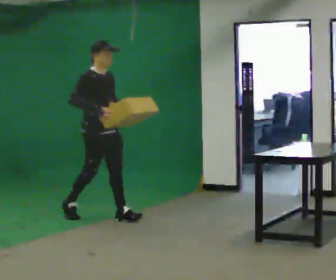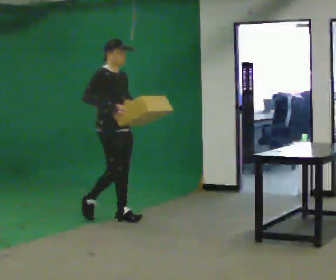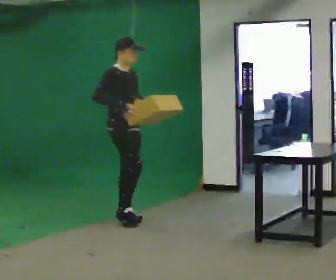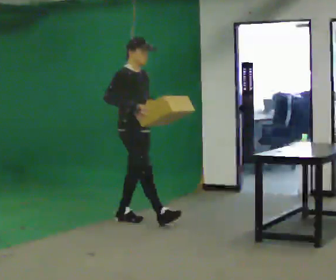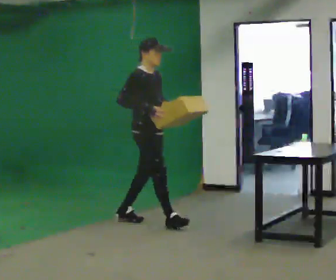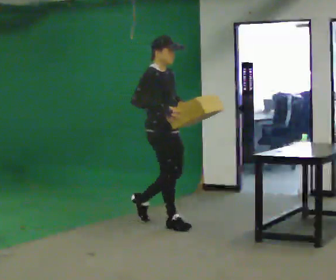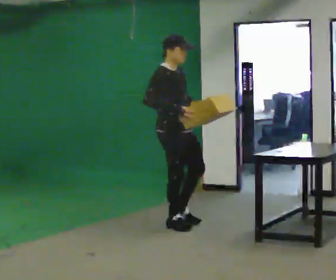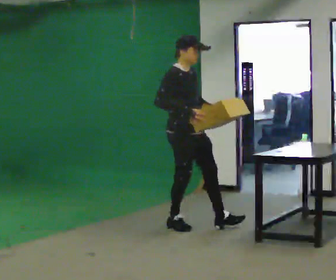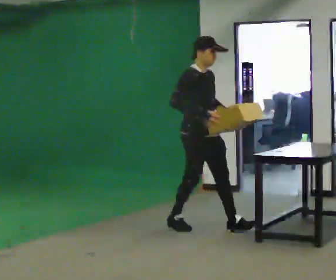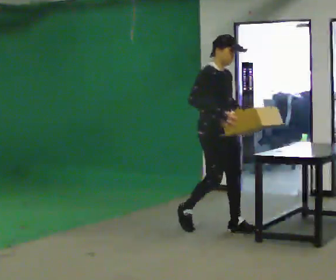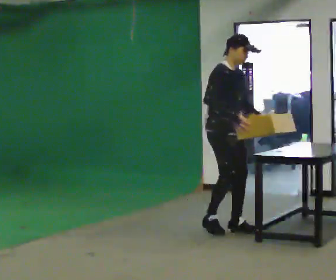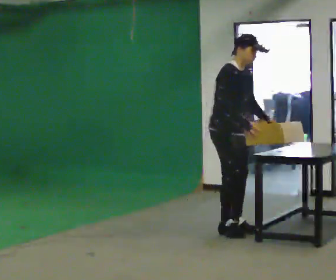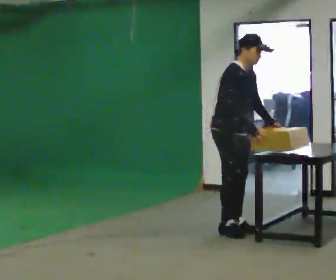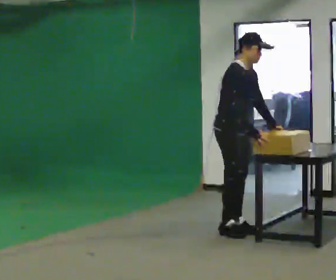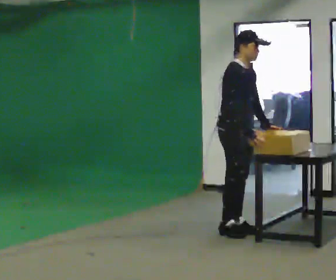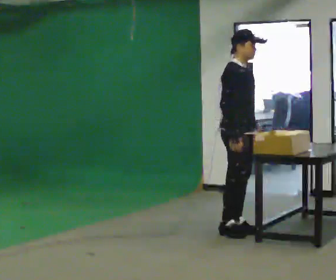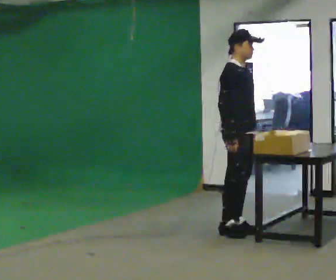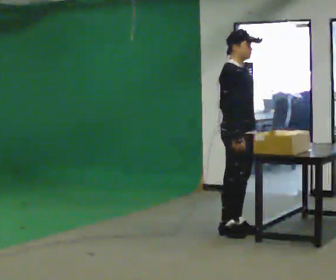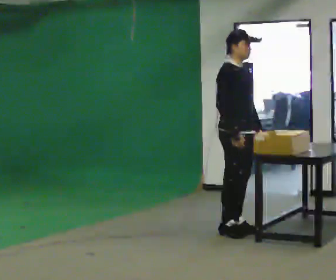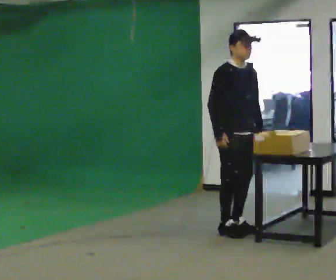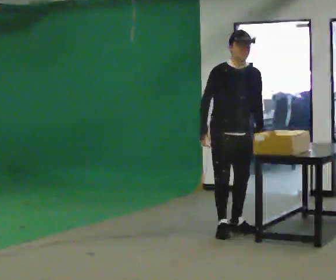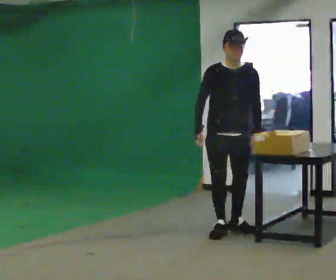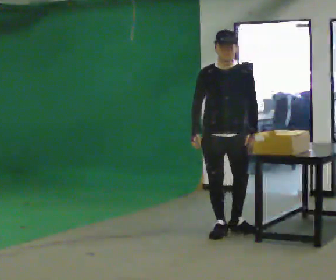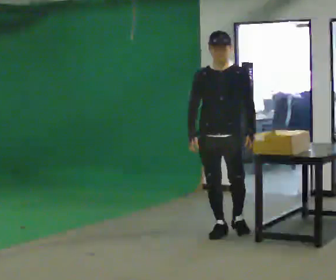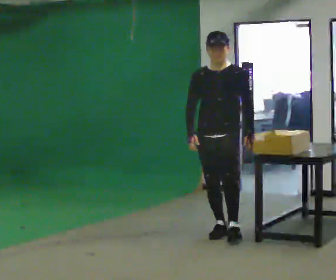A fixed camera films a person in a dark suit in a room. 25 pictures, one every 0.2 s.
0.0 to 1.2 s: In the picture they go to the right and toward the camera, about 1 m in 1 step, which for them is forward.
1.2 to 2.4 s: In the picture they go to the right, about 0.5 m in 2 steps, which for them is forward. In the picture the upper body tilts clockwise, shoulders to the right, as they bend forward.
2.4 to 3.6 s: In the picture the upper body tilts counterclockwise, shoulders to the left, as they lean back or straighten.
3.6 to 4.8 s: The person turns about 75 degrees to their right, clockwise seen from above, so the part of the body nearest the lens slides to the left. In the picture their right hand goes to the left.
The film runs forward here.
